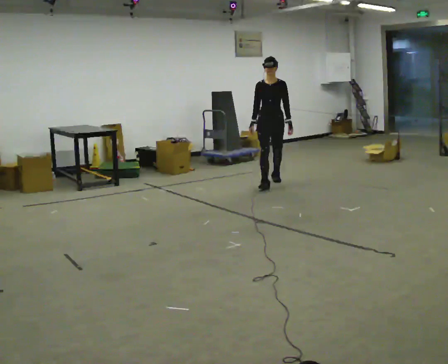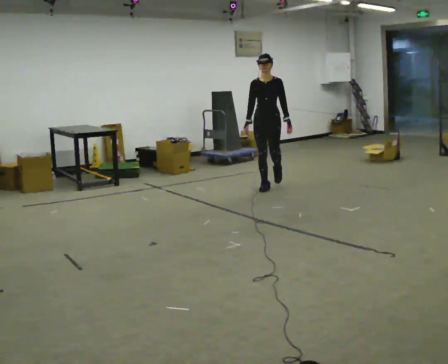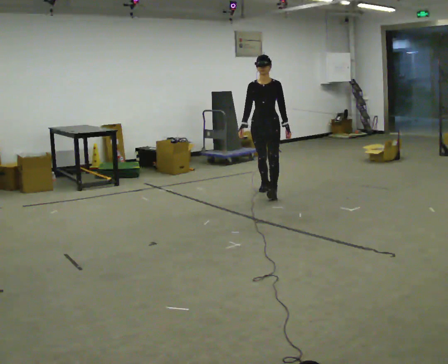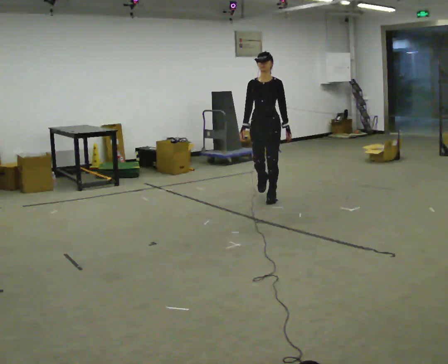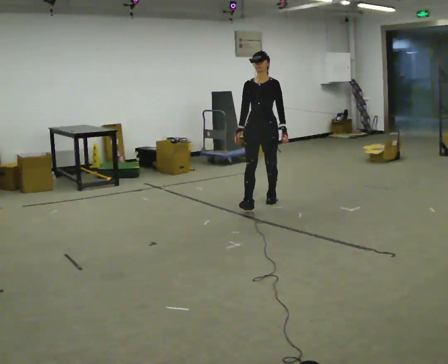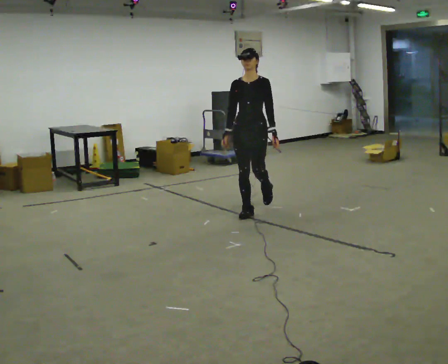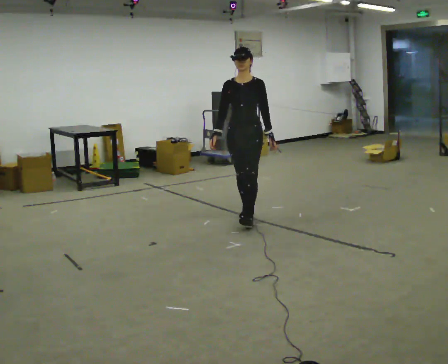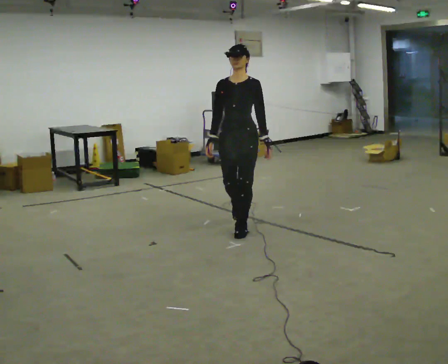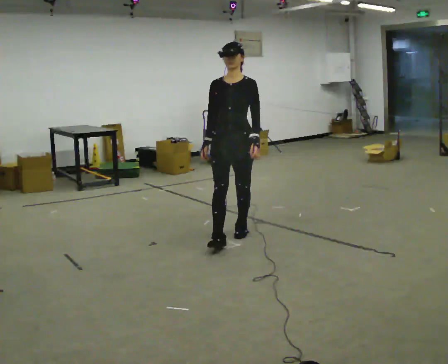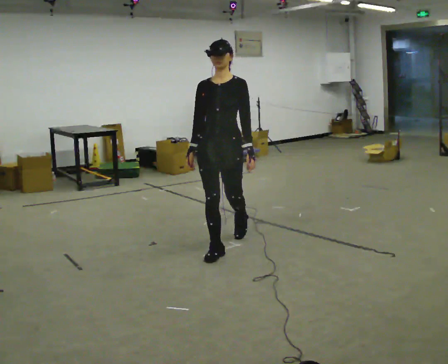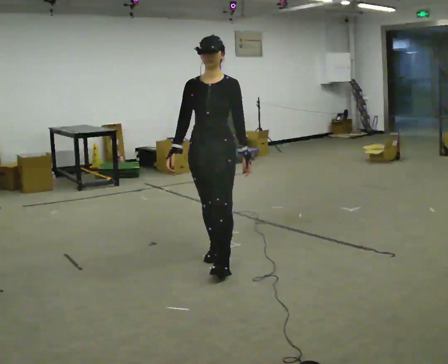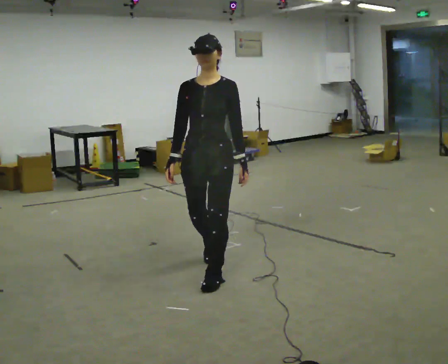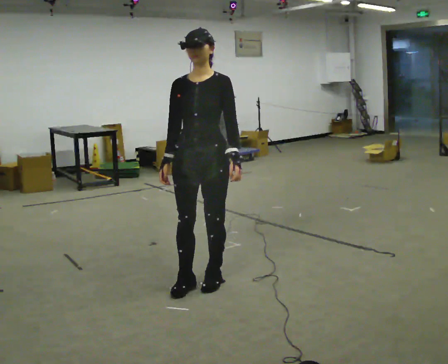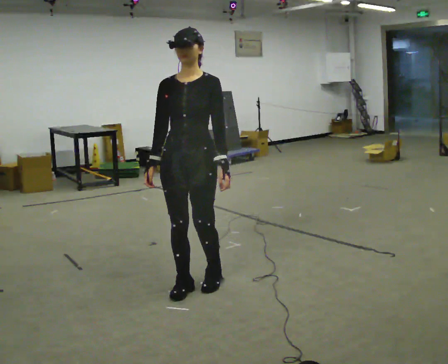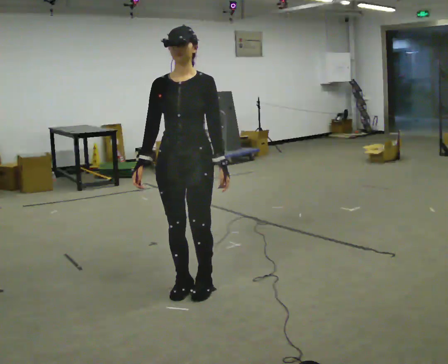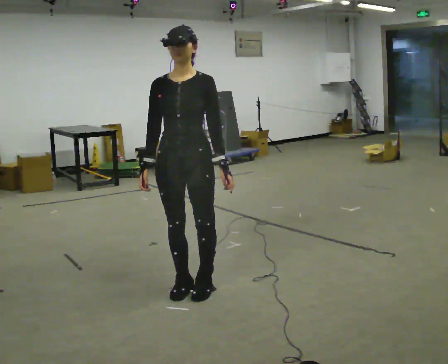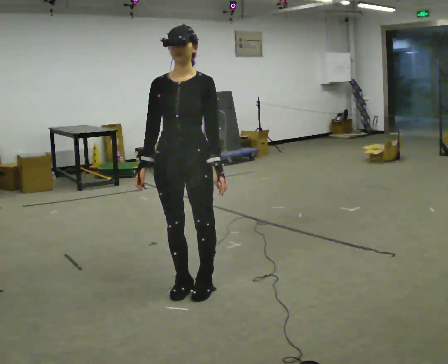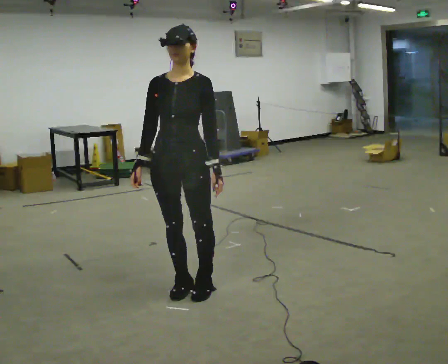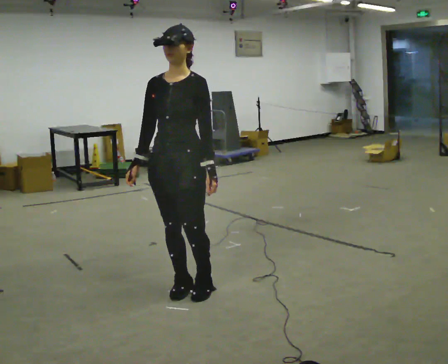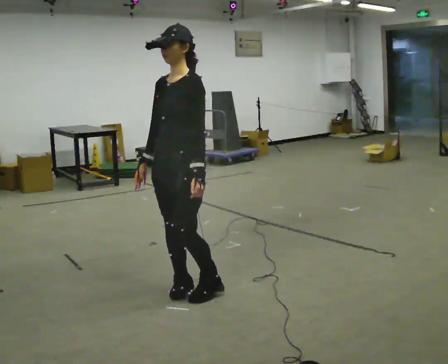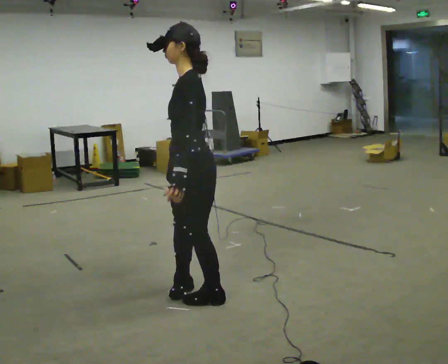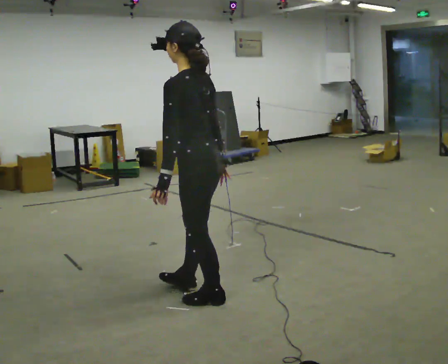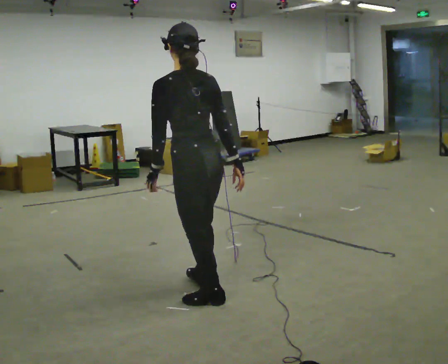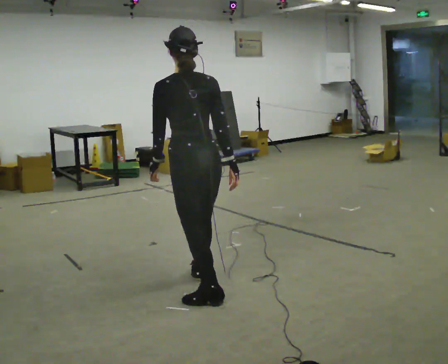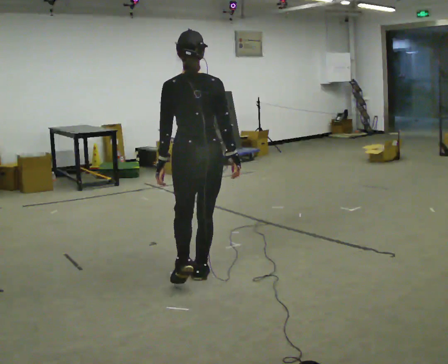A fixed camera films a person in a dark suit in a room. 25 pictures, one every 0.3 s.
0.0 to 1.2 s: In the picture they go toward the camera, about 1 m in 1 step, which for them is forward.
1.2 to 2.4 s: In the picture they go toward the camera, about 1 m in 2 steps, which for them is forward.
2.4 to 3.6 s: In the picture they go toward the camera, about 1 m in 2 steps, which for them is forward.
3.6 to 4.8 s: The person moves a little, or ends about where they began.
4.8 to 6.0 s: The part of the body nearest the lens slides to the left as the person turns to their right by about 75 degrees.
6.0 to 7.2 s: Seen from above the body turns clockwise, about 90 degrees: to their right, with its near side sliding to the left. In the picture they go away from the camera, about 0.25 m.
The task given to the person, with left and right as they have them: Walk forward while moving diagonally left/right; finish ~45° from start direction.
The film runs forward here.
